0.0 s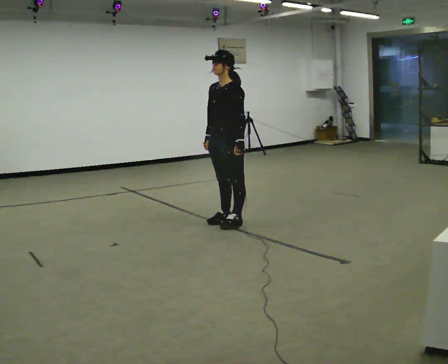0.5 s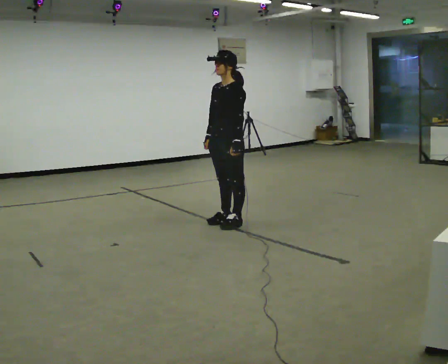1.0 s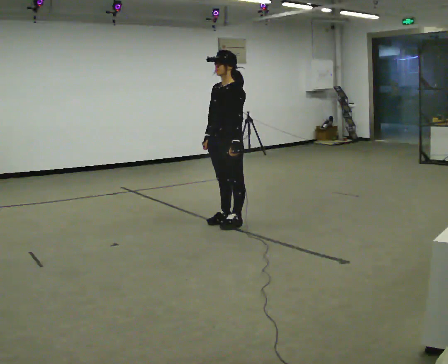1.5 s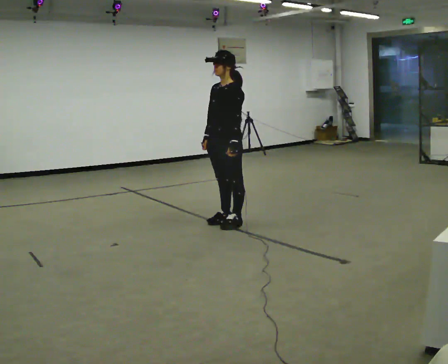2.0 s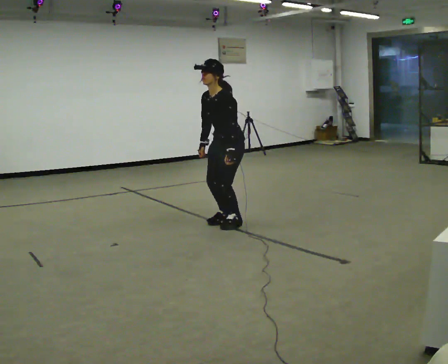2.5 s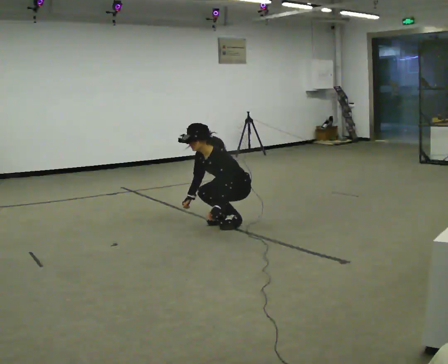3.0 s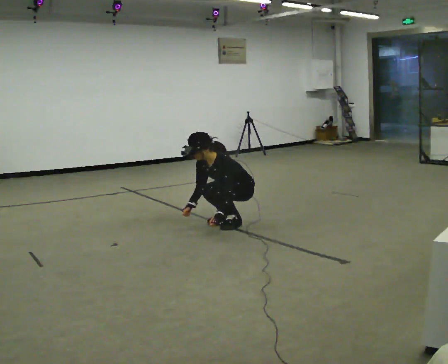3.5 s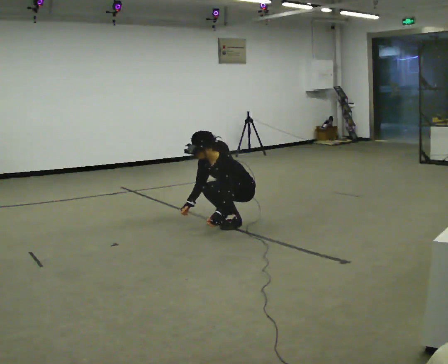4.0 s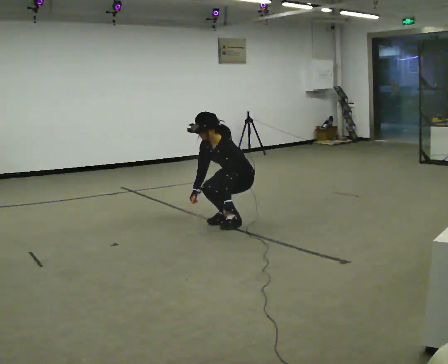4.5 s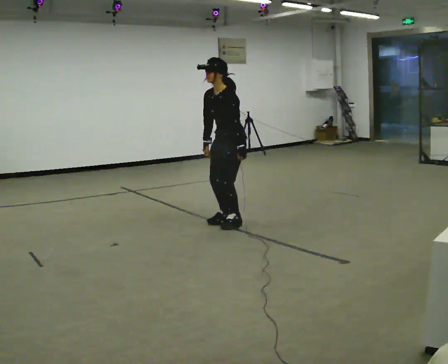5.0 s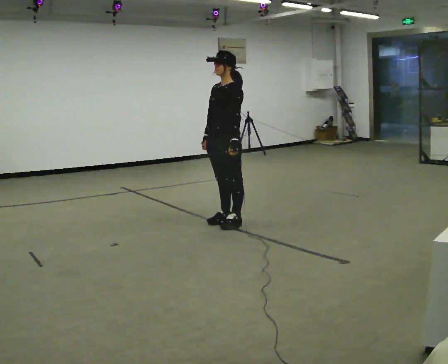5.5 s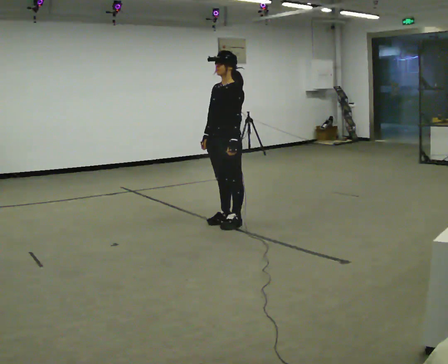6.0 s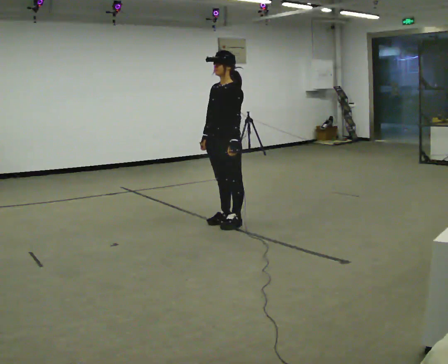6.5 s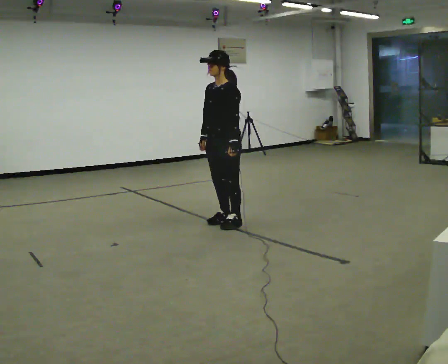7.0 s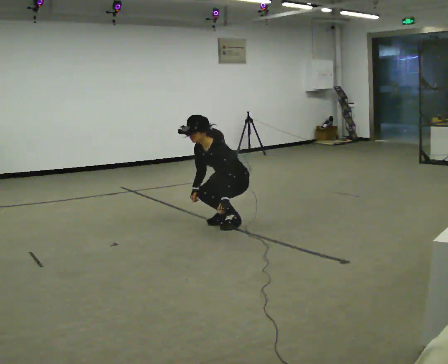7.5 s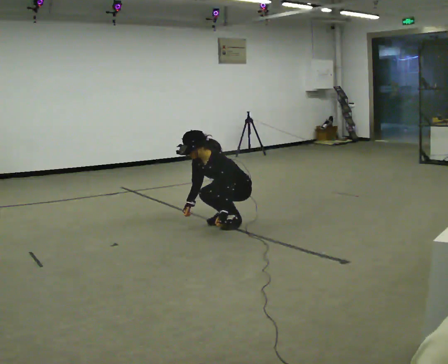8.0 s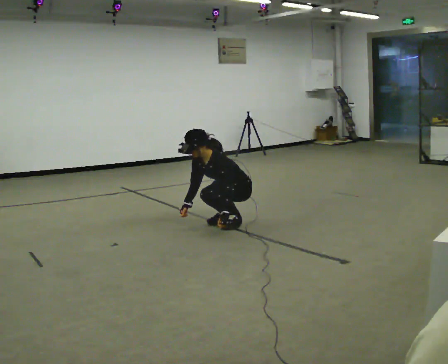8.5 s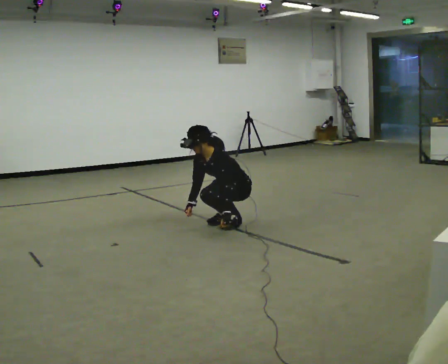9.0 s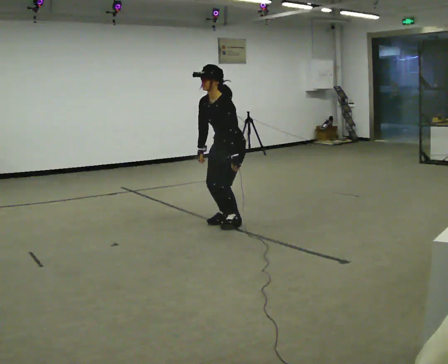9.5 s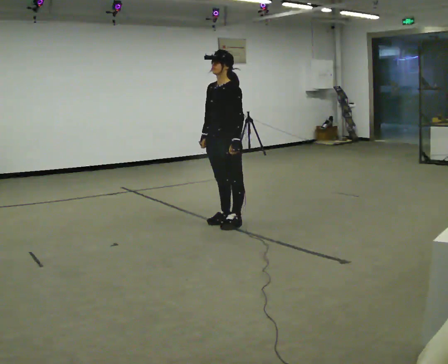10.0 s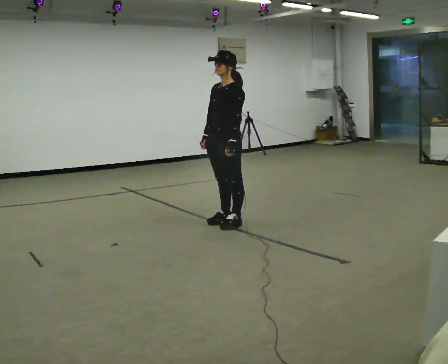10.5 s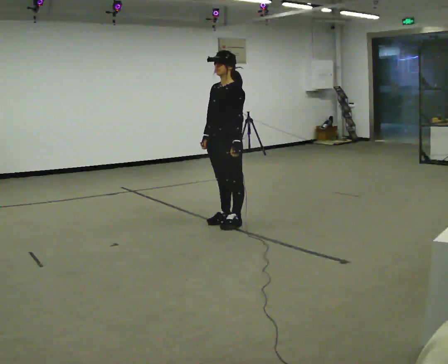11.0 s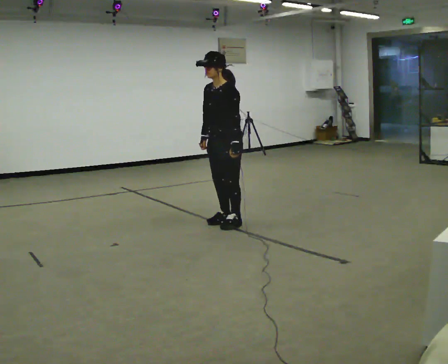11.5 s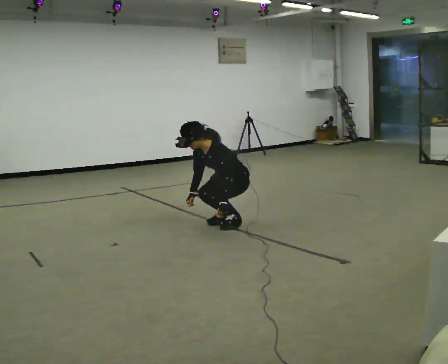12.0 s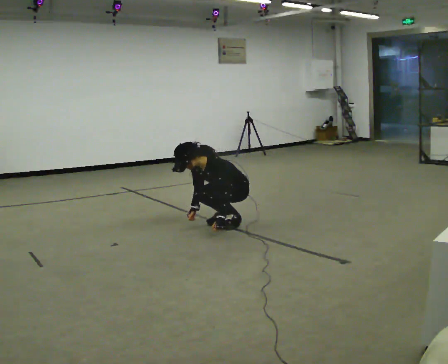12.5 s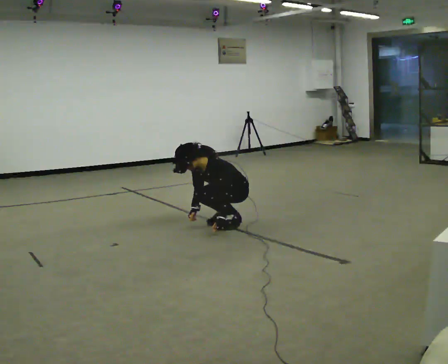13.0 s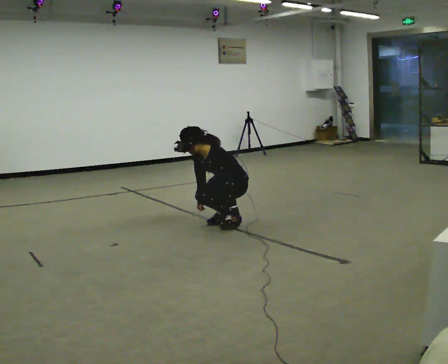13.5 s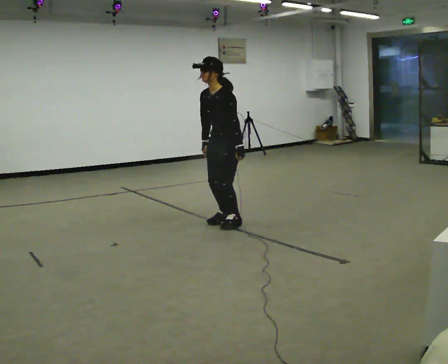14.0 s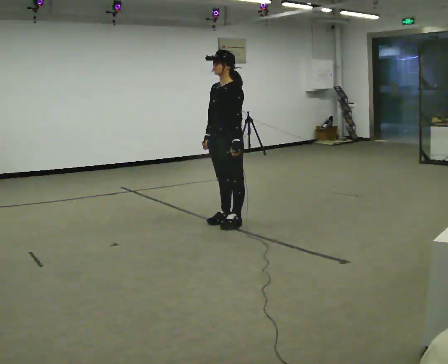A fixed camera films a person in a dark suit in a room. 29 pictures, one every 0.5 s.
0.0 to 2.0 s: The person moves a little, or ends about where they began.
2.0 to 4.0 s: In the picture their right hand goes downward.
4.0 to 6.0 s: In the picture they go to the left, about 0.25 m, which for them is forward. The shoulders move upward. In the picture the upper body tilts clockwise, shoulders to the right, as they lean back or straighten. In the picture their right hand goes upward.
6.0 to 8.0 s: The shoulders move downward. In the picture the upper body tilts counterclockwise, shoulders to the left, as they bend forward. In the picture their left hand goes downward.
8.0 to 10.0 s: The upper body goes upward. In the picture the upper body tilts clockwise, shoulders to the right, as they lean back or straighten. In the picture their left hand goes upward.
10.0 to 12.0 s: The upper body goes downward. In the picture the upper body tilts counterclockwise, shoulders to the left, as they bend forward. In the picture their left hand goes downward.
12.0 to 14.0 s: The upper body goes upward. In the picture the upper body tilts clockwise, shoulders to the right, as they lean back or straighten. In the picture their left hand goes upward.
The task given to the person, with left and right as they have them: Squat down as far as is comfortable, then stand back up. Repeat the movement at your own pace until the operator says stop; do not rush.
The film runs forward here.
